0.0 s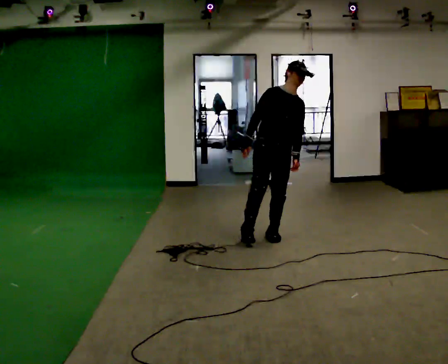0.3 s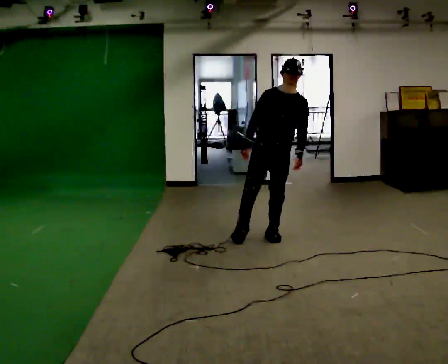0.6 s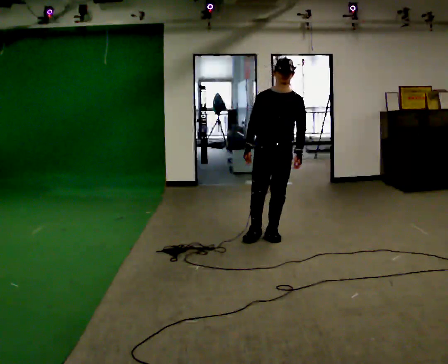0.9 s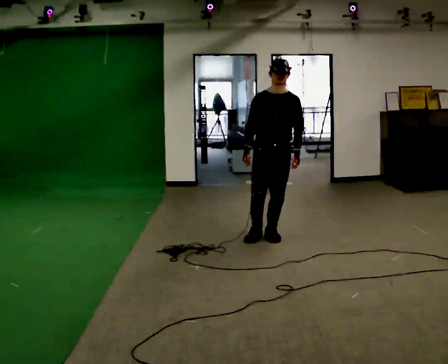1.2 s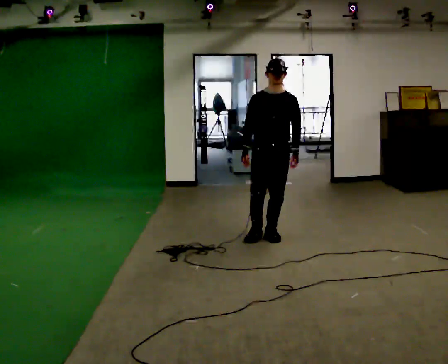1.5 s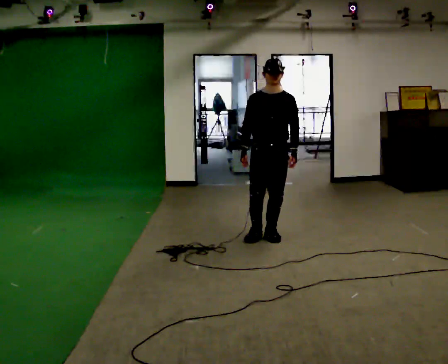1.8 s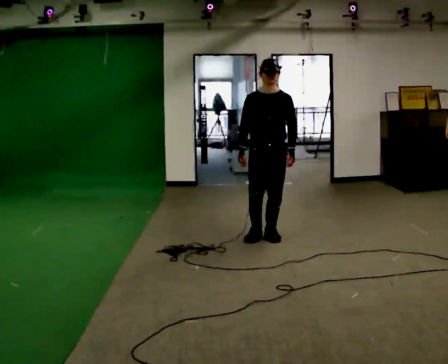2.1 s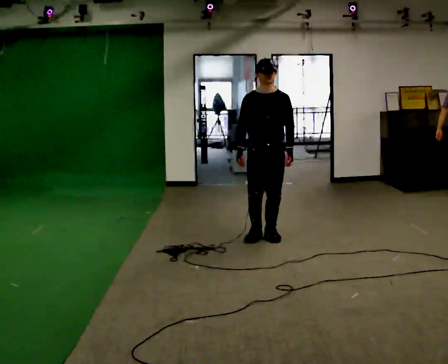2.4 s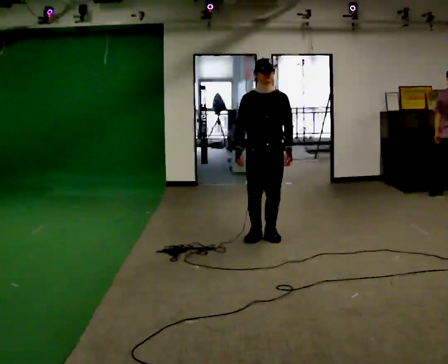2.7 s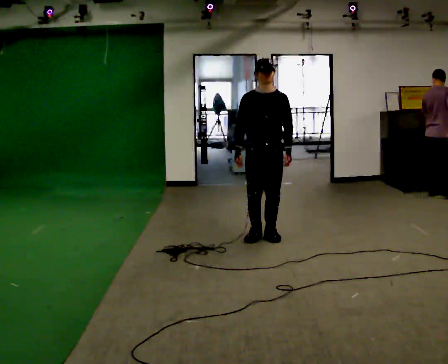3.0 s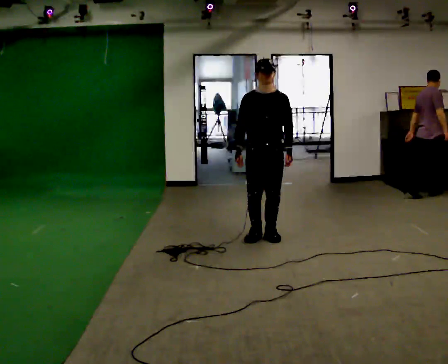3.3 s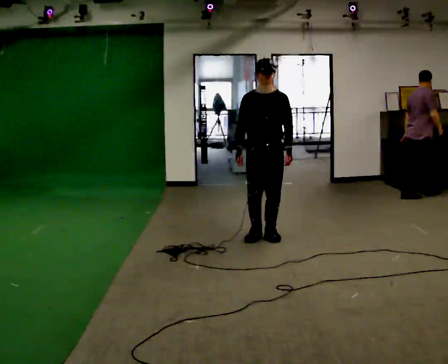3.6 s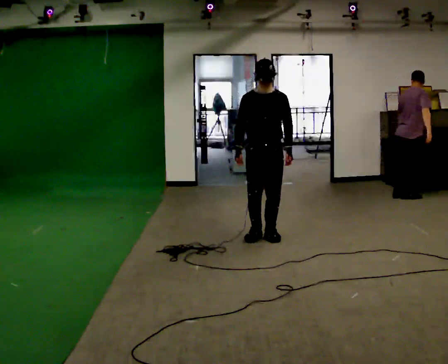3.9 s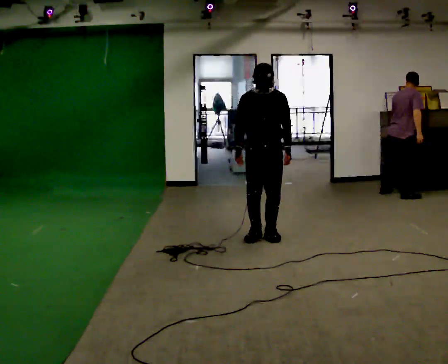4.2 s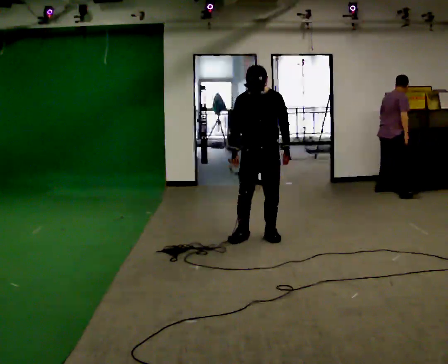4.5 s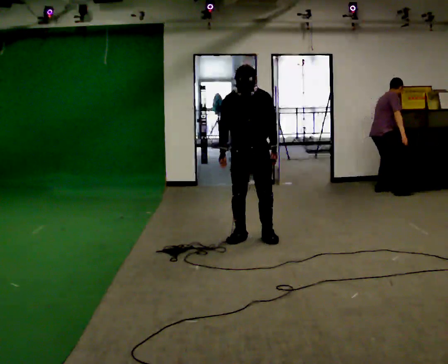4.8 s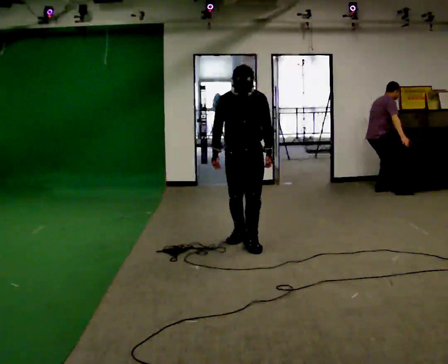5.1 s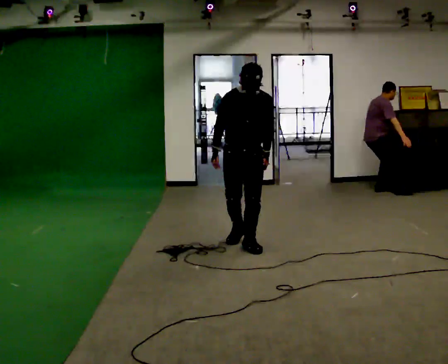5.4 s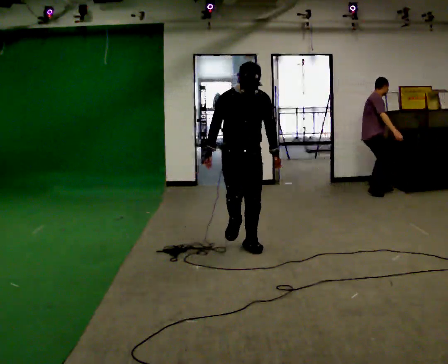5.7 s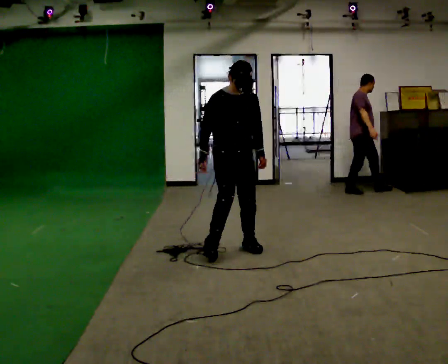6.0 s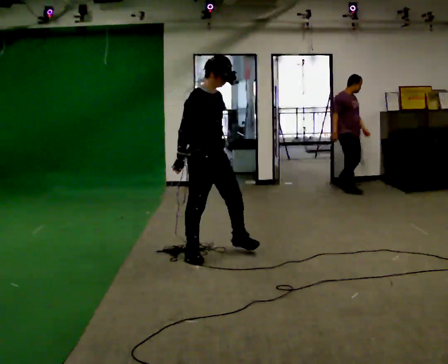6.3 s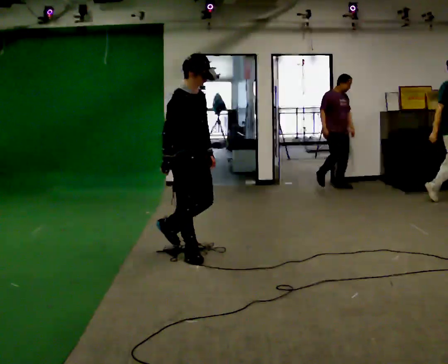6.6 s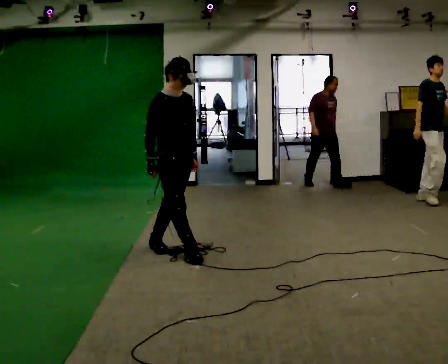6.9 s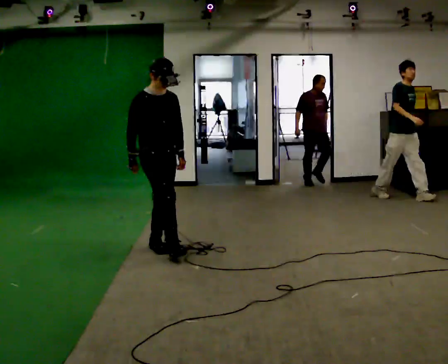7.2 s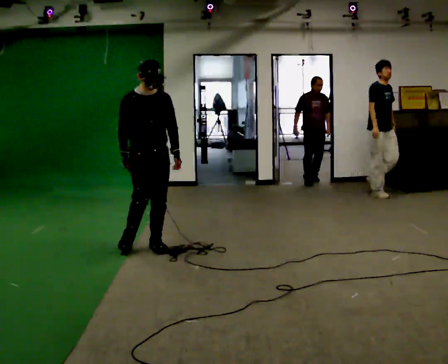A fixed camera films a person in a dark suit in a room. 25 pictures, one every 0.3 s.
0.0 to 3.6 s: The person moves a little, or ends about where they began.
3.6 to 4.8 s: In the picture they go to the left and toward the camera, about 0.25 m in 2 steps, which for them is to their right and forward.
4.8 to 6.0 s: The person turns about 45 degrees to their left, counterclockwise seen from above, so the part of the body nearest the lens slides to the right. In the picture they go toward the camera and to the left, about 0.5 m in 2 steps, which for them is to their right and forward.
6.0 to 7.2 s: Seen from above the body turns clockwise, about 30 degrees: to their right, with its near side sliding to the left. In the picture they go to the left, about 0.5 m in 1 step, which for them is backward.
The film runs backward here.
